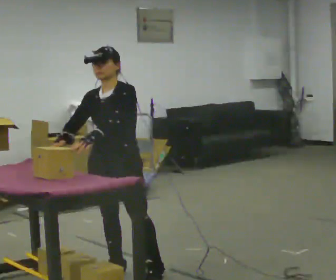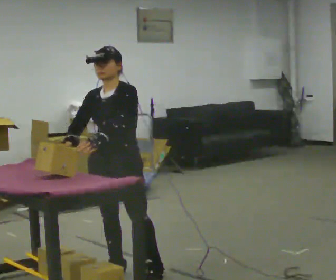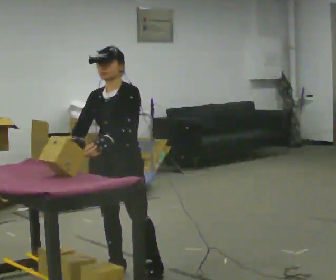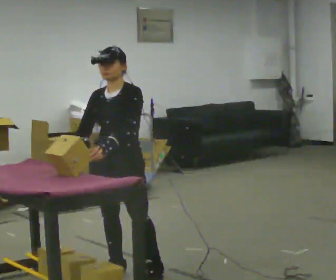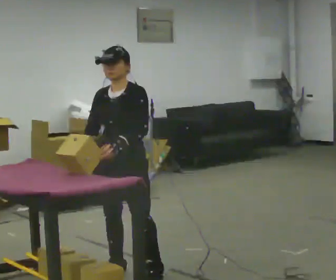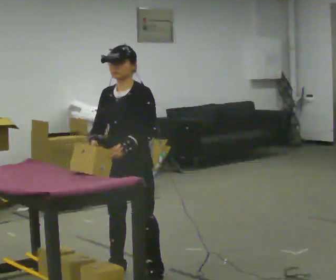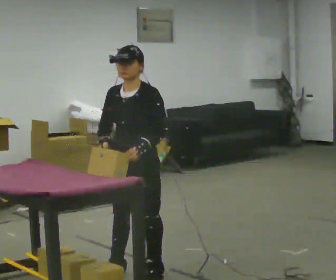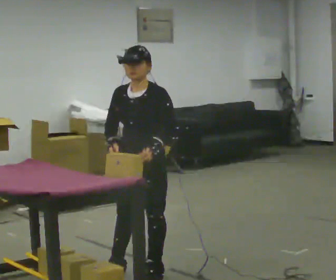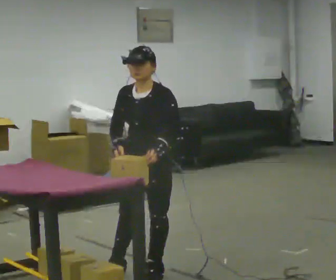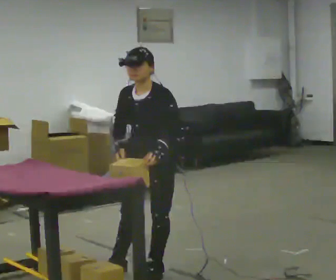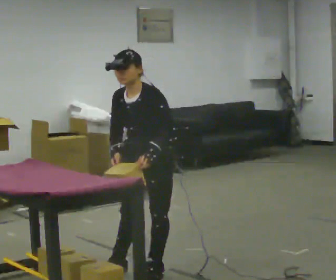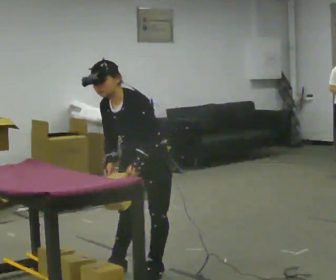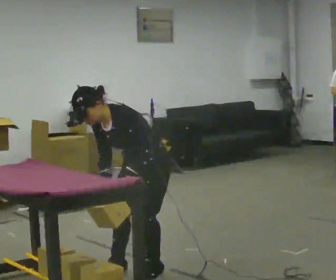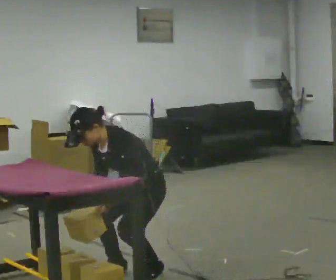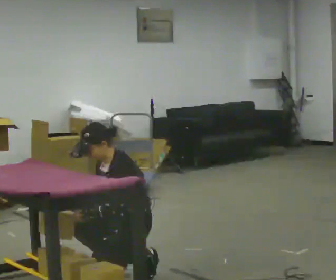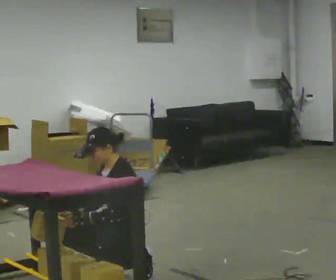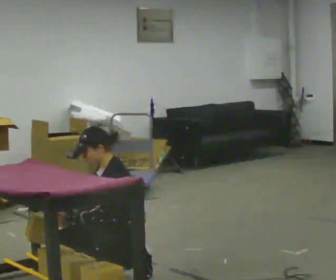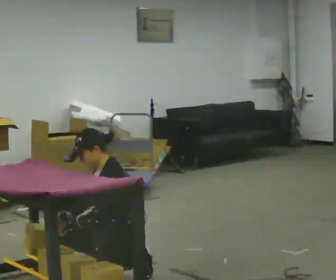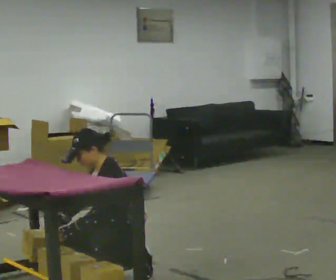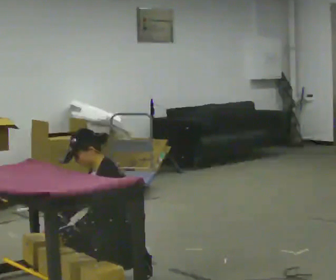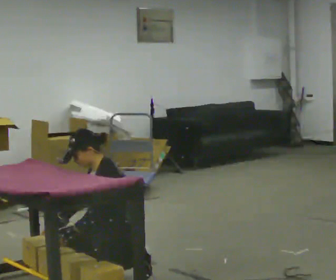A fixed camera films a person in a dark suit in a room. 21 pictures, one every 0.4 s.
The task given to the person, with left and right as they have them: Crouch down and place the object on the lowest shelf, then stand back up. Do not step. Repeat at your own pace until the operator says stop.
0.0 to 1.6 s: The person moves a little, or ends about where they began.
1.6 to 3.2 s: In the picture they go to the right, about 0.25 m, which for them is to their left.
3.2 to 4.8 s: The shoulders move downward. In the picture the upper body tilts counterclockwise, shoulders to the left, as they bend forward.
4.8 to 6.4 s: The part of the body nearest the lens slides to the left as the person turns to their right by about 30 degrees. In the picture they go to the left and toward the camera, about 0.25 m, which for them is forward. The upper body goes downward. The upper body tips away from the camera, its near side rolling upward, as they lean back or straighten. In the picture their left hand goes to the left, the arm swinging clockwise.
6.4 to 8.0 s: The person moves a little, or ends about where they began.
The film runs forward here.
